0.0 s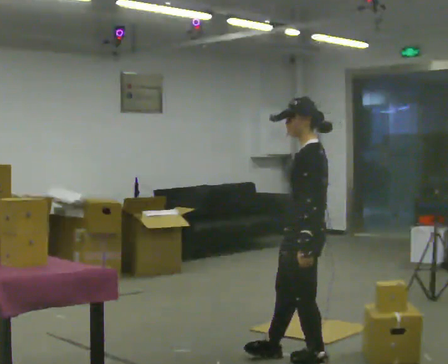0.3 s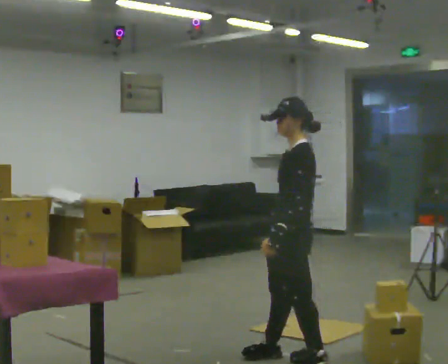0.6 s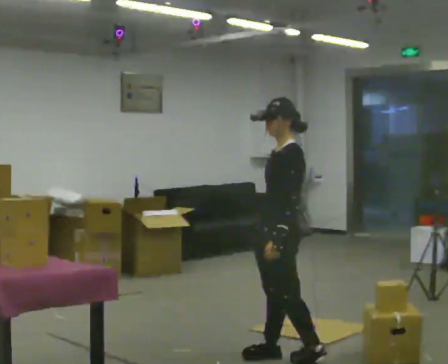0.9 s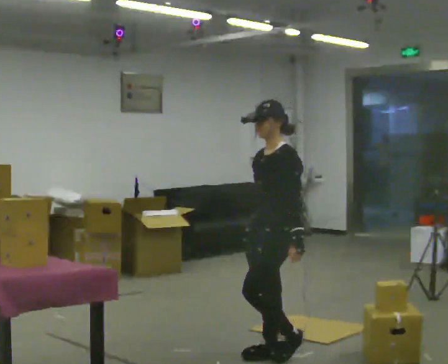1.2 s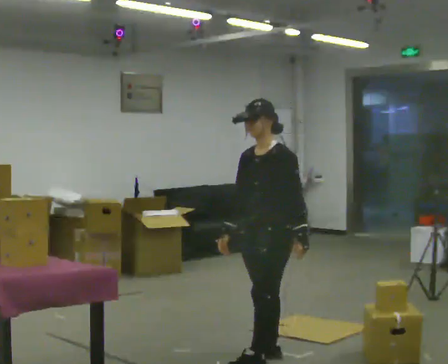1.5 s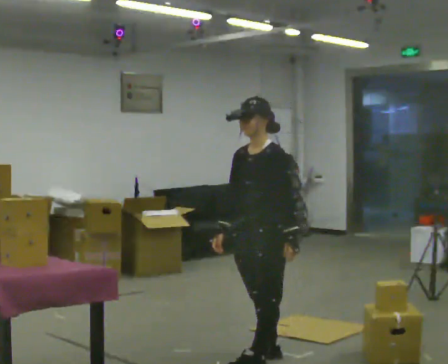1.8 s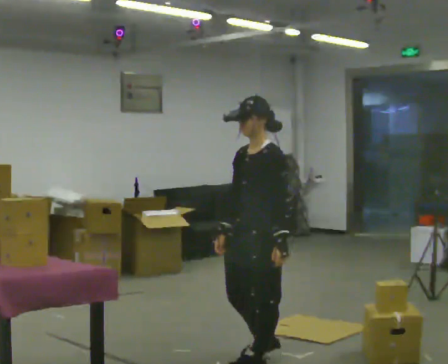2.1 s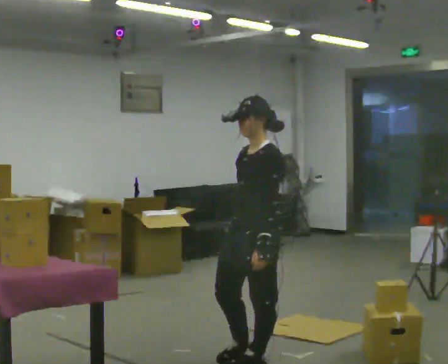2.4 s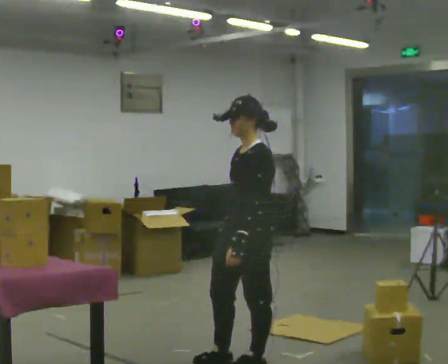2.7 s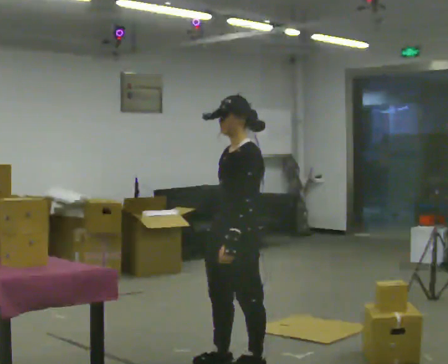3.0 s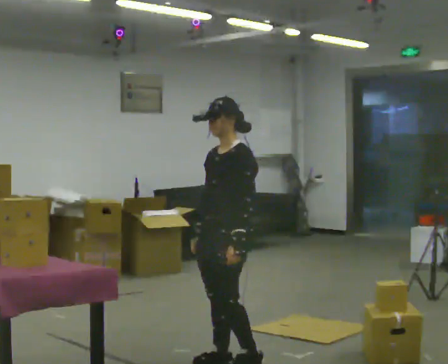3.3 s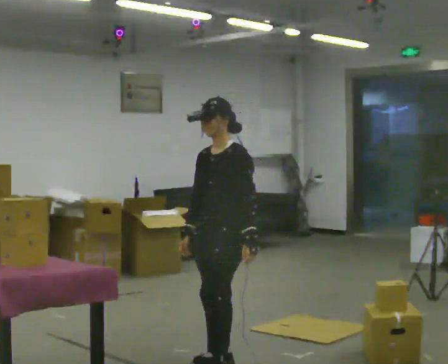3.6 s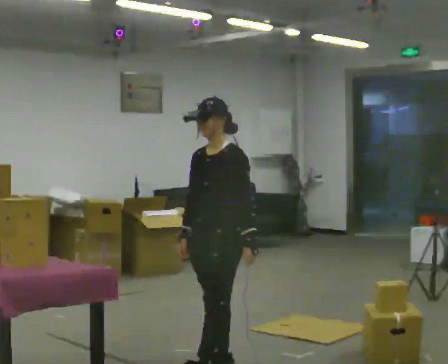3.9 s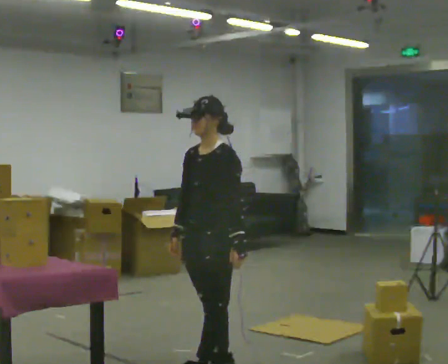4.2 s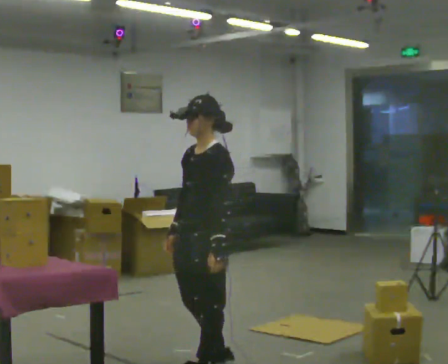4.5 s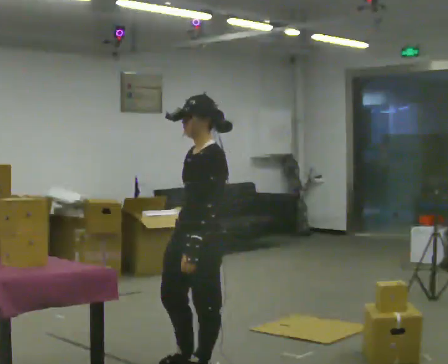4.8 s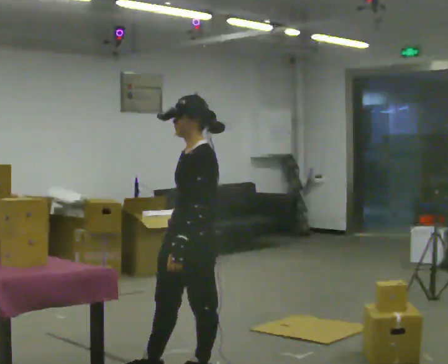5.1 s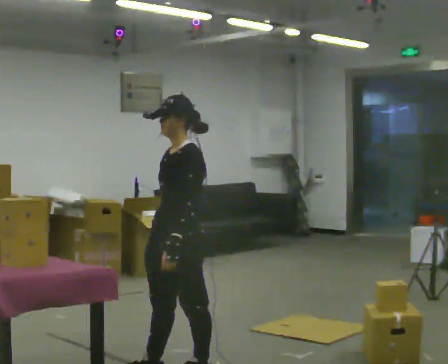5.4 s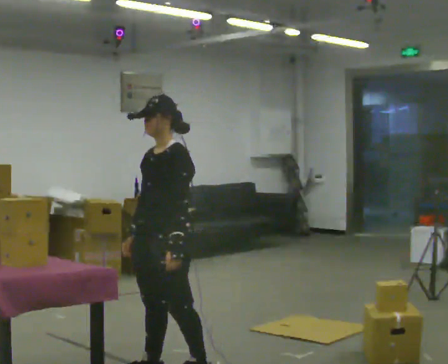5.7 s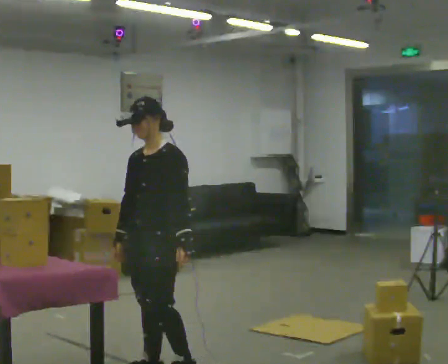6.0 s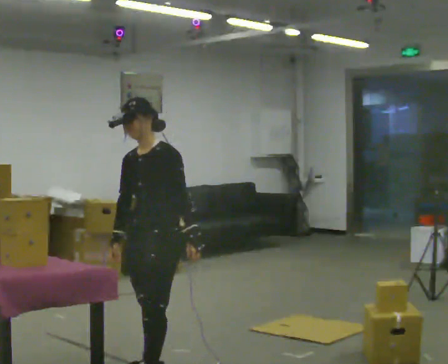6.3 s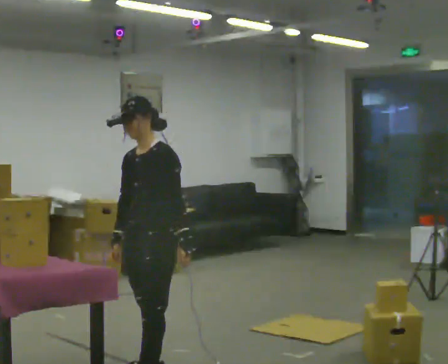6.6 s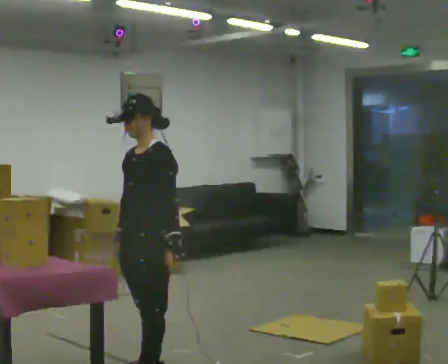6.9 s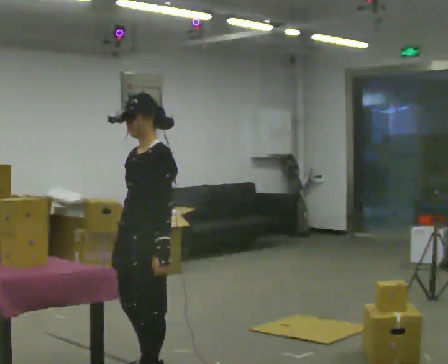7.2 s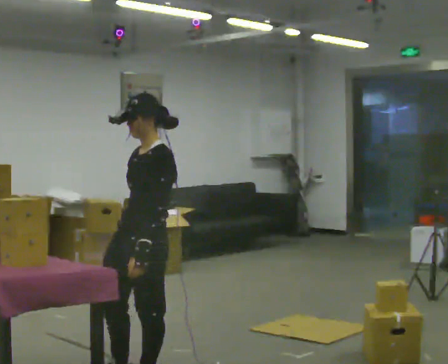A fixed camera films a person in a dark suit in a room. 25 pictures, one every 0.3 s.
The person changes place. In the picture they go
to the left.
0.0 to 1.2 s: The part of the body nearest the lens slides to the right as the person turns to their left by about 45 degrees. In the picture they go to the left, about 0.25 m in 1 step, which for them is forward. In the picture their right hand goes to the left.
1.2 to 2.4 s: In the picture they go toward the camera, about 0.25 m in 1 step, which for them is forward. In the picture their left hand goes to the left.
2.4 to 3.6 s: In the picture they go to the left, about 0.25 m in 1 step, which for them is to their right.
3.6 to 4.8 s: In the picture they go toward the camera and to the left, about 0.25 m in 1 step, which for them is forward. In the picture their left hand goes to the left.
4.8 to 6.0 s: The person turns about 30 degrees to their left, counterclockwise seen from above, so the part of the body nearest the lens slides to the right. In the picture they go to the left, about 0.25 m, which for them is to their right and forward.
6.0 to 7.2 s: In the picture they go toward the camera, about 0.25 m in 1 step, which for them is forward and to their left.
The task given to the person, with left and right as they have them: Take each object from the table and put it in the bin that matches it, walking between the bins. Keep going until the operator says stop; one object at a time, and do not rush between trips.
The film runs forward here.
